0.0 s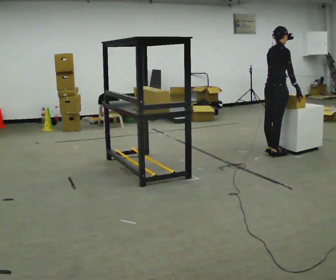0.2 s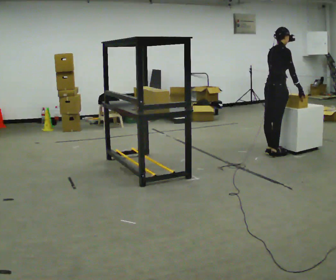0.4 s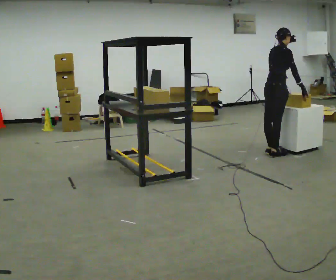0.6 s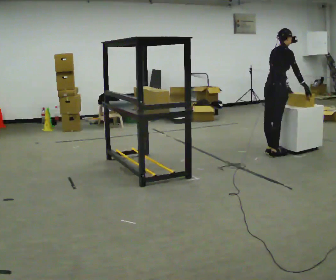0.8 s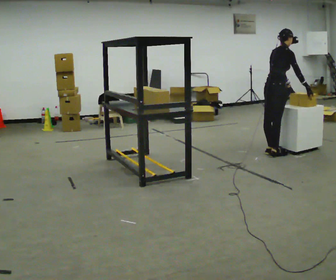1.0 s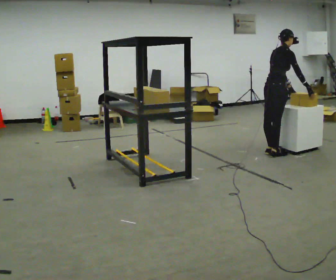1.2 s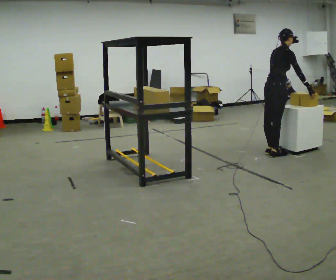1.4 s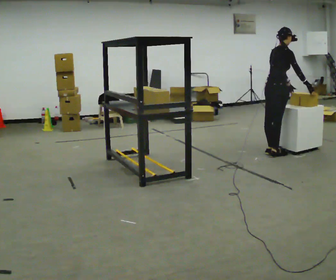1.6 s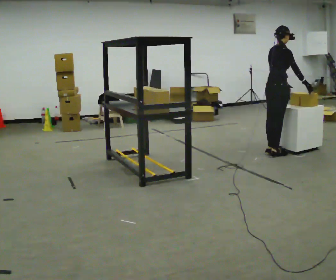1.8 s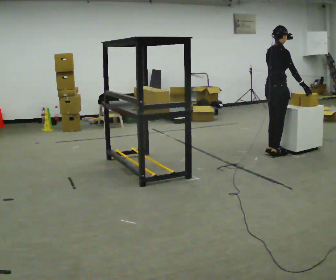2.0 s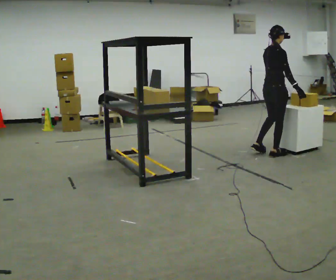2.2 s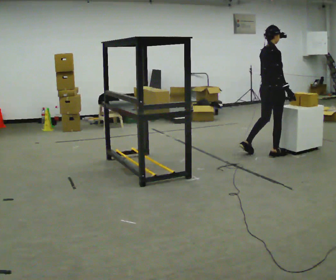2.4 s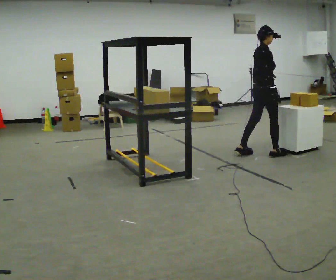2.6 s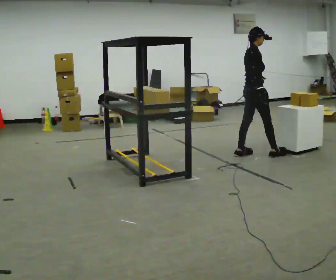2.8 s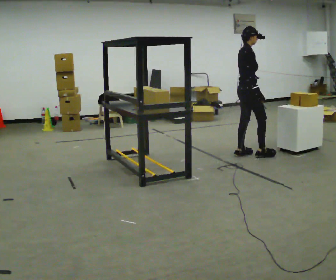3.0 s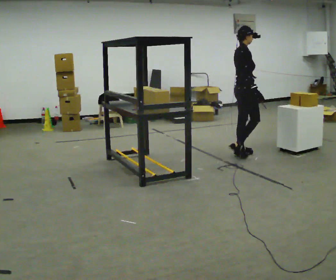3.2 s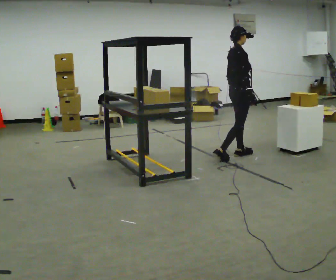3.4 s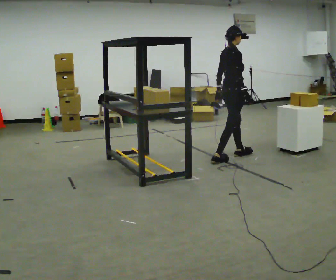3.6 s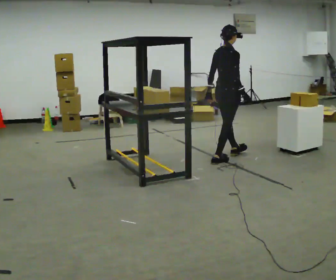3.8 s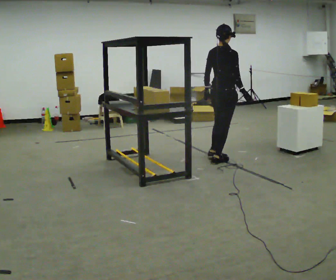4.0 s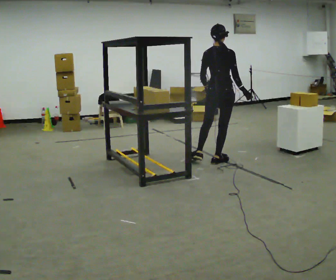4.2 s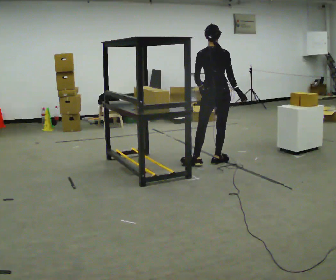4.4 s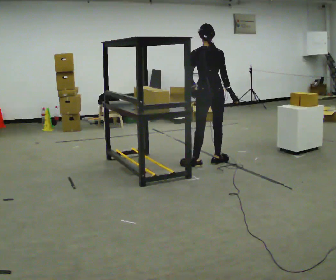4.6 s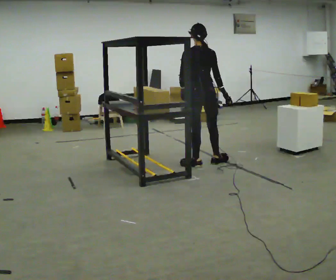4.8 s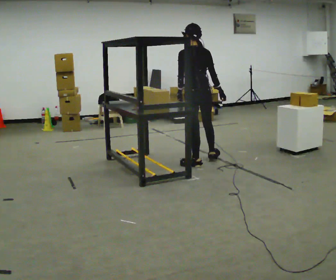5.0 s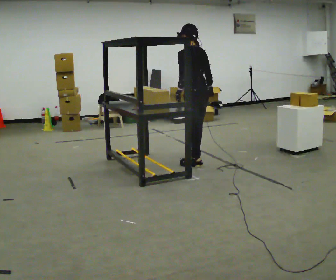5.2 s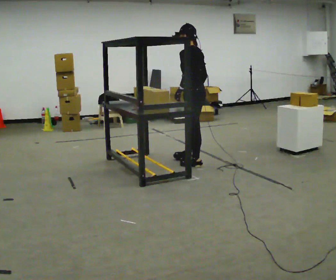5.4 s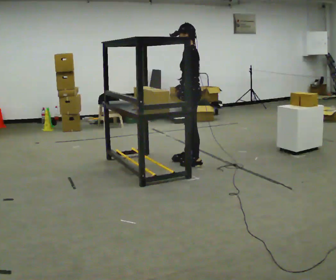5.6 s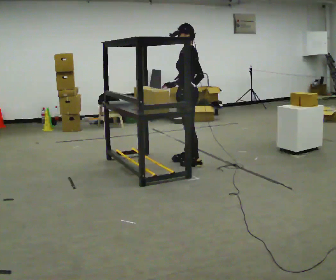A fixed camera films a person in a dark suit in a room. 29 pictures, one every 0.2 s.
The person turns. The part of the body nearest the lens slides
to the right.
The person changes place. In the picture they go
to the left.
0.0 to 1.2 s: The person moves a little, or ends about where they began.
1.2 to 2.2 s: In the picture the upper body tilts counterclockwise, shoulders to the left, as they lean back or straighten.
2.2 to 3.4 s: In the picture they go to the left, about 0.5 m in 1 step, which for them is backward.
3.4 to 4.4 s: Seen from above the body turns counterclockwise, about 75 degrees: to their left, with its near side sliding to the right. In the picture they go toward the camera and to the left, about 0.25 m in 1 step.
4.4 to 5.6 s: The person turns about 90 degrees to their left, counterclockwise seen from above, so the part of the body nearest the lens slides to the right. In the picture they go to the left, about 0.25 m in 1 step. In the picture their right hand goes to the left, the arm swinging clockwise.
The film runs backward here.
